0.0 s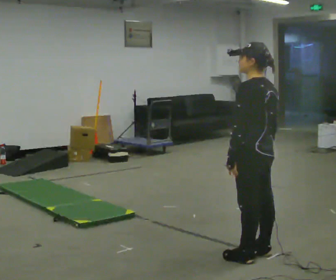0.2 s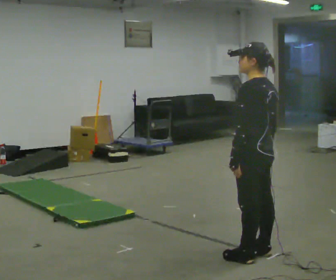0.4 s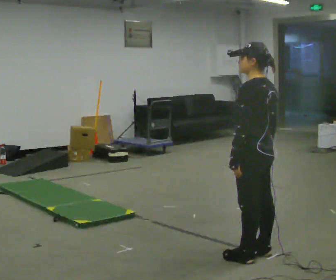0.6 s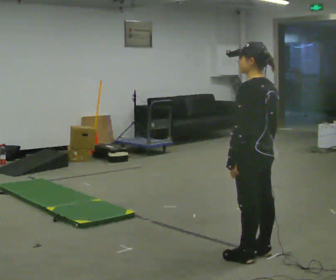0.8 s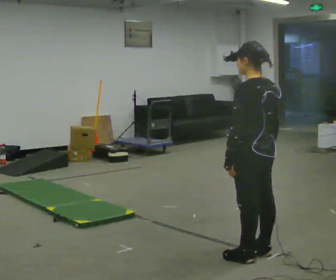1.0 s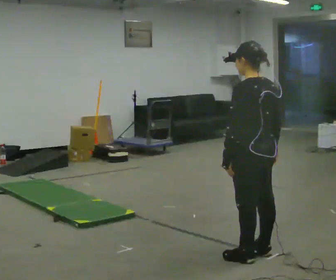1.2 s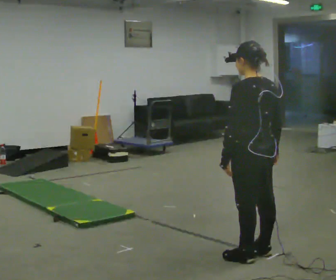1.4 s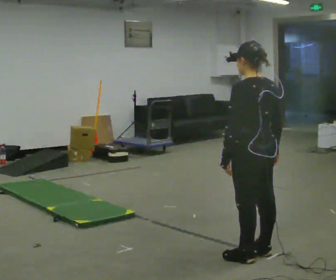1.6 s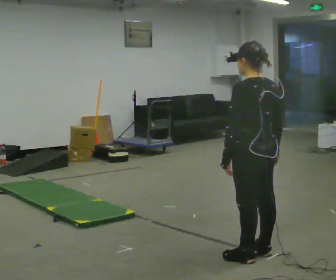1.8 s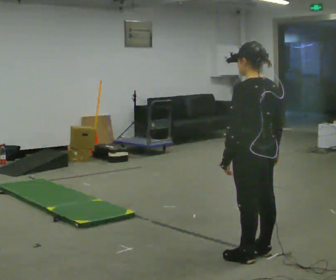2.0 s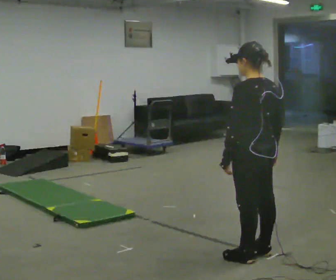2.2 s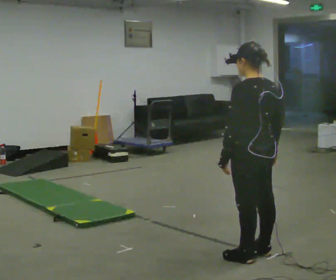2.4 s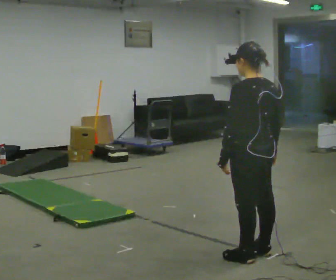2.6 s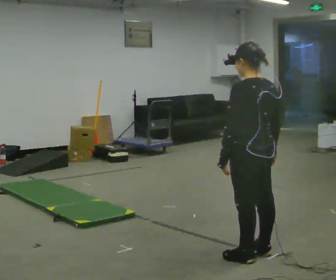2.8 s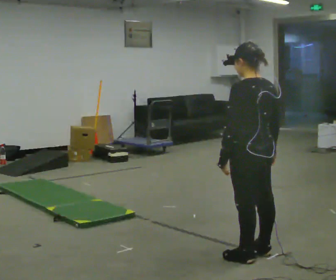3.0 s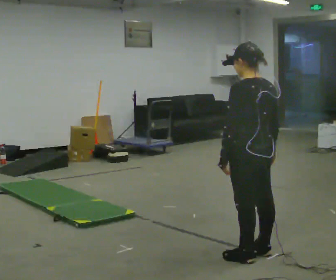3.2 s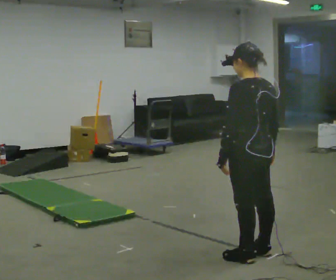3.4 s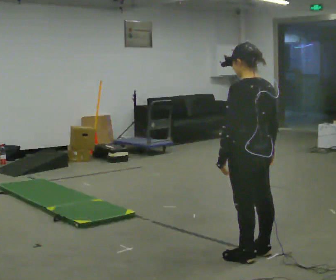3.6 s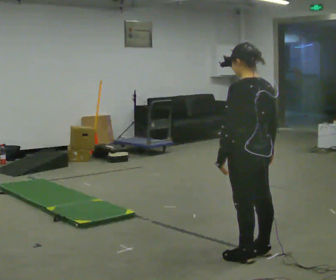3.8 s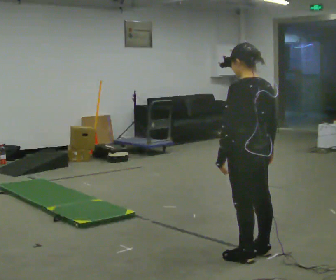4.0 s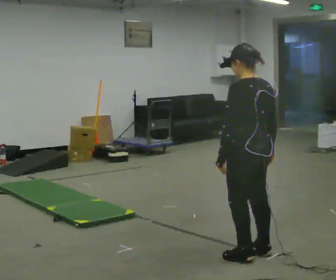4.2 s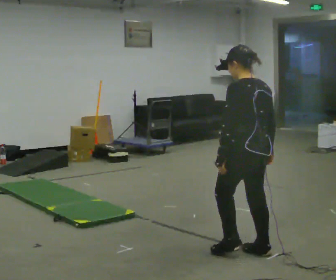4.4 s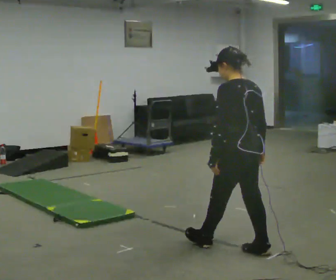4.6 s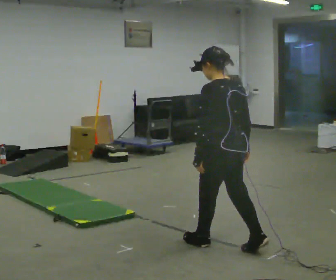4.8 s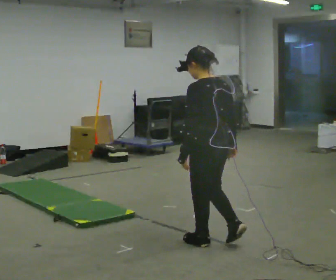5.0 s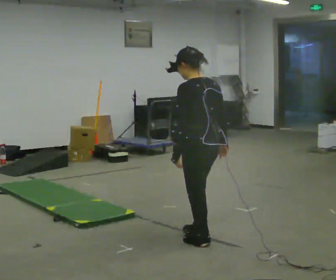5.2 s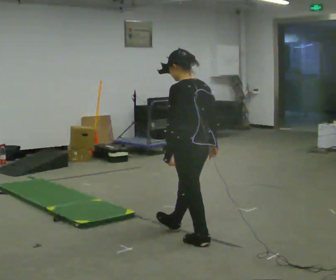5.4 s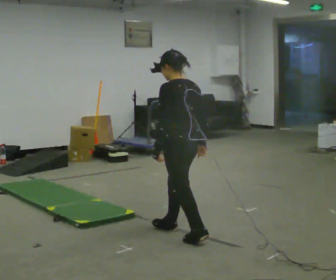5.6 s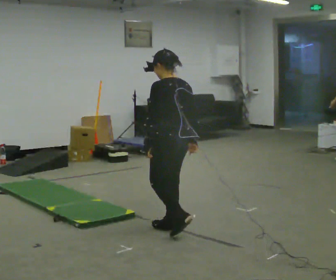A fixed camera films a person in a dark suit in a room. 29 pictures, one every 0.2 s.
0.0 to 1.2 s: The person moves a little, or ends about where they began.
1.2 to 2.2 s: The person keeps their place and pose.
2.2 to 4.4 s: The person moves a little, or ends about where they began.
4.4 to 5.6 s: In the picture they go to the left and away from the camera, about 0.75 m in 2 steps, which for them is forward.
The film runs forward here.
